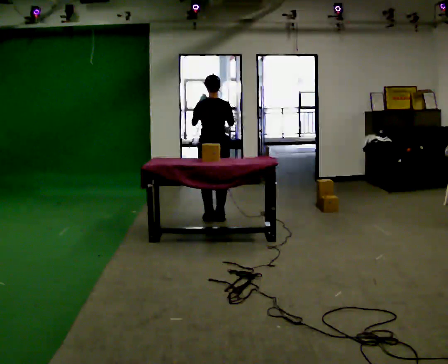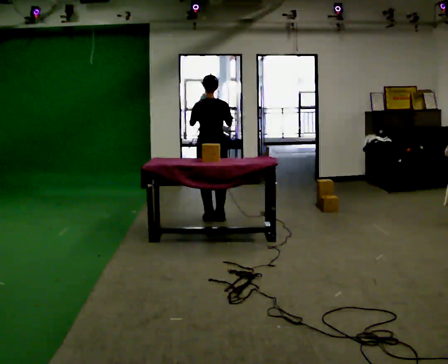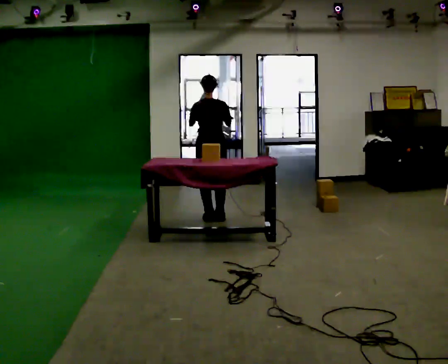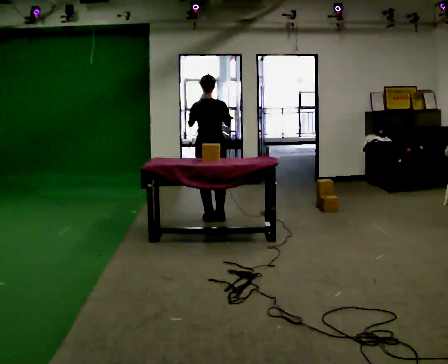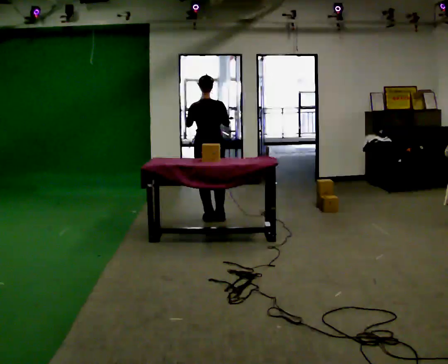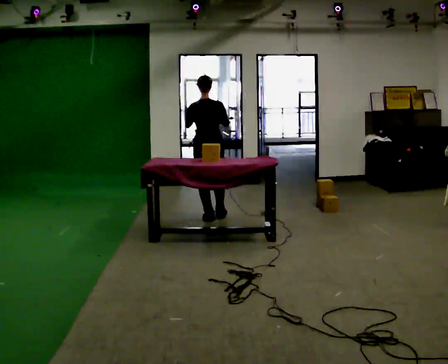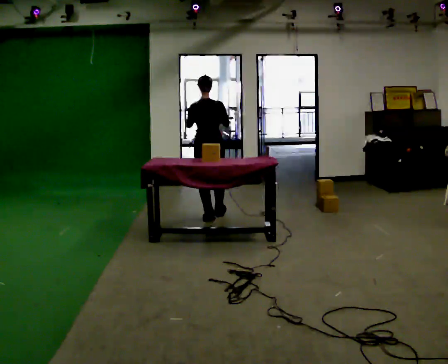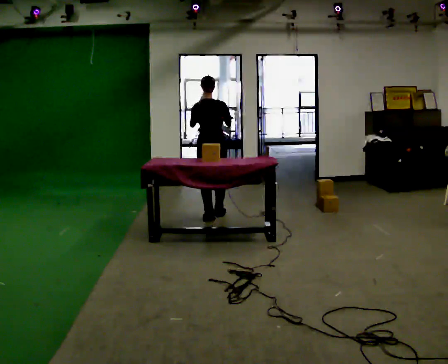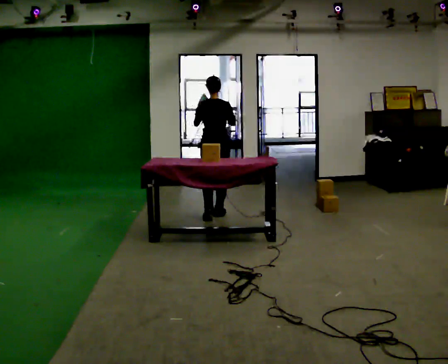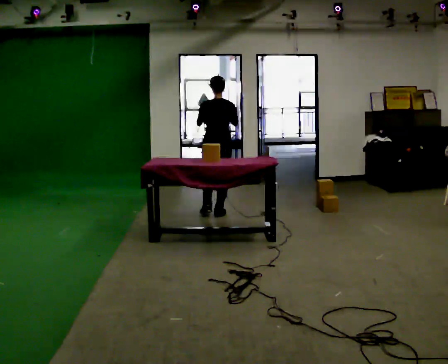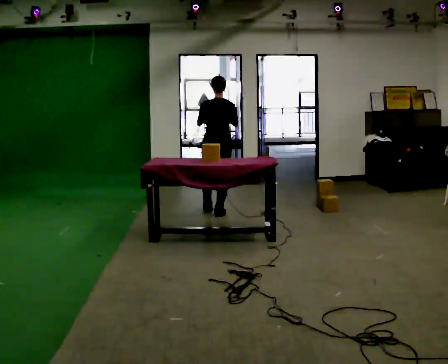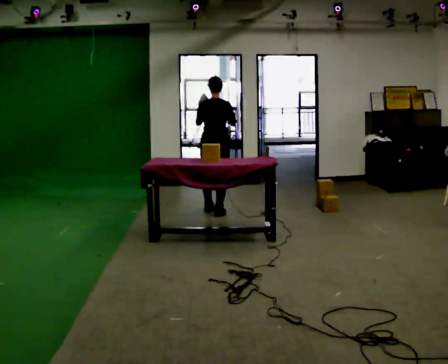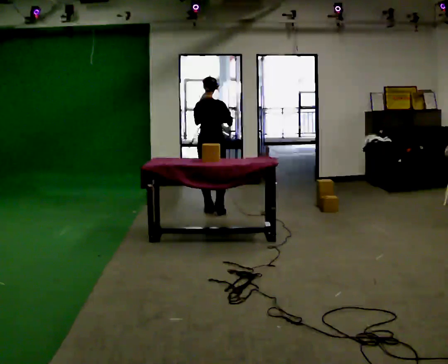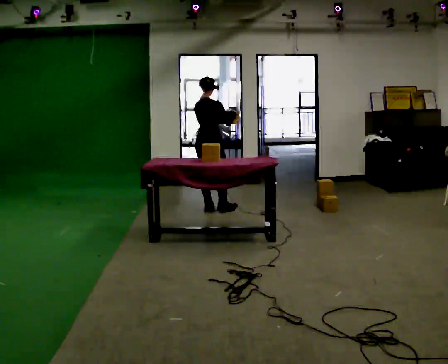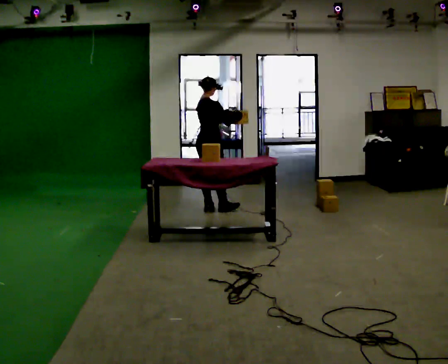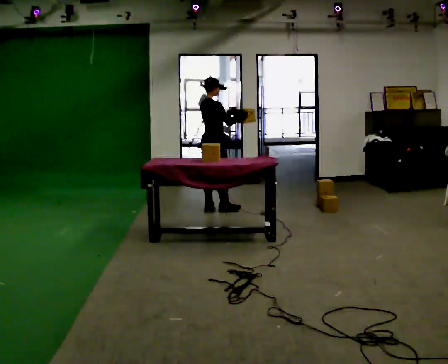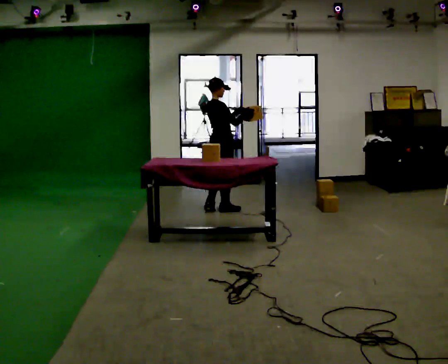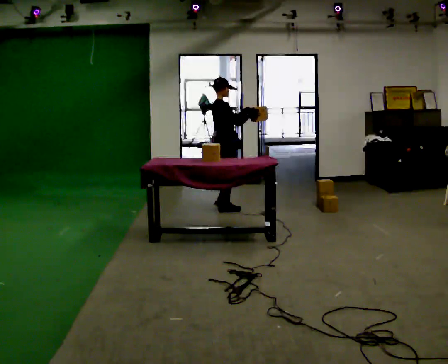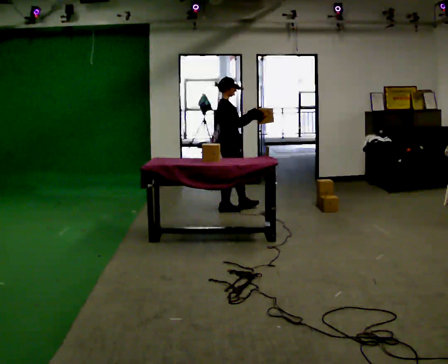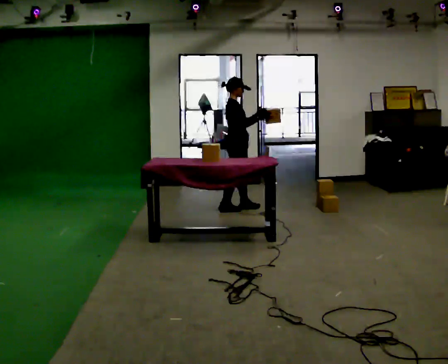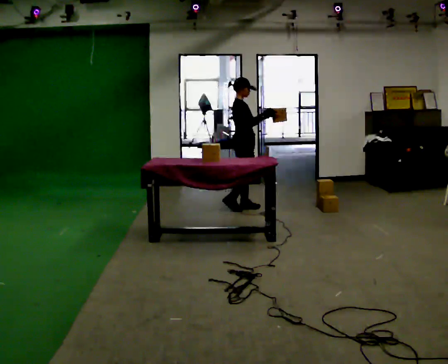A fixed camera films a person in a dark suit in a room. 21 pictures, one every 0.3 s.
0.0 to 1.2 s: The person moves a little, or ends about where they began.
1.2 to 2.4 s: In the picture they go away from the camera, about 0.25 m in 1 step, which for them is forward.
2.4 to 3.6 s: In the picture they go away from the camera, about 0.25 m in 1 step, which for them is forward.
3.6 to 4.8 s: The person turns about 45 degrees to their right, clockwise seen from above, so the part of the body nearest the lens slides to the left. In the picture their left hand goes to the right.
4.8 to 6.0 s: Seen from above the body turns clockwise, about 30 degrees: to their right, with its near side sliding to the left. In the picture they go to the right, about 0.25 m in 1 step, which for them is forward.
The film runs forward here.
